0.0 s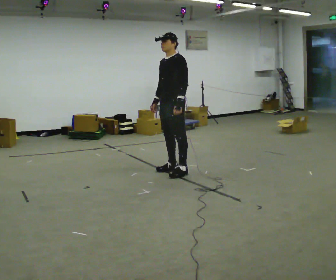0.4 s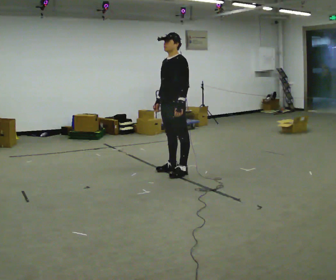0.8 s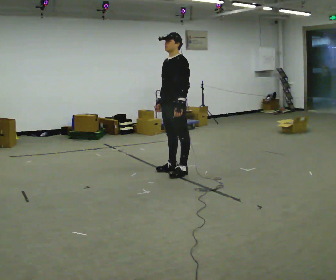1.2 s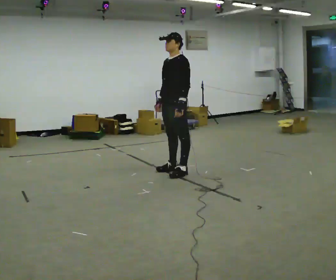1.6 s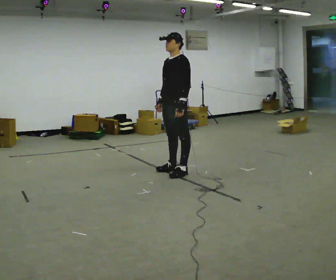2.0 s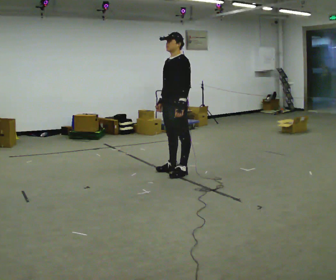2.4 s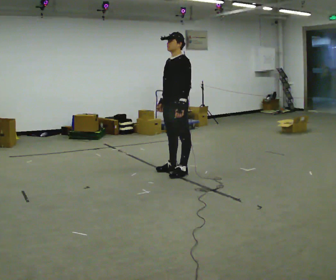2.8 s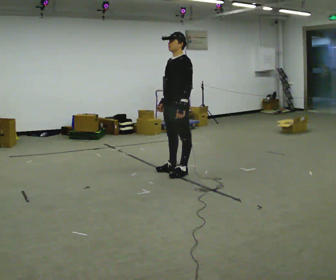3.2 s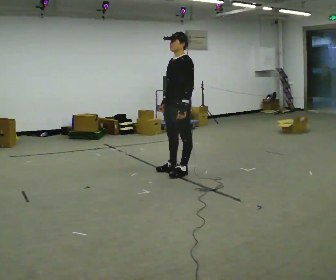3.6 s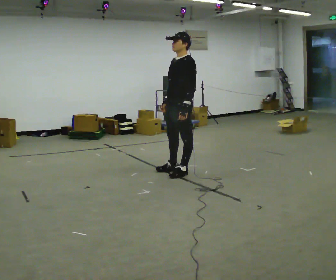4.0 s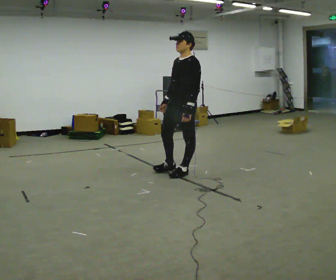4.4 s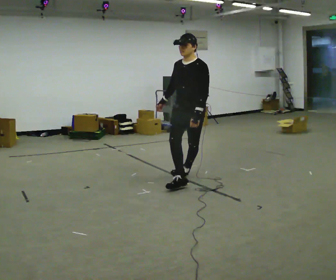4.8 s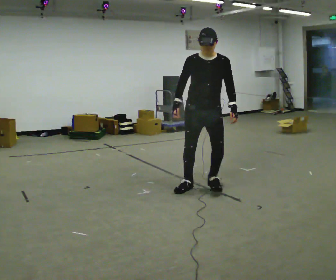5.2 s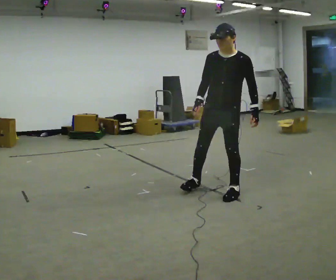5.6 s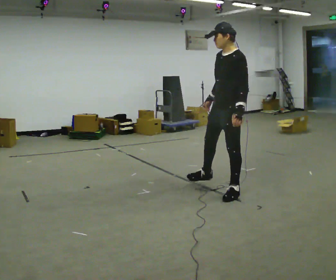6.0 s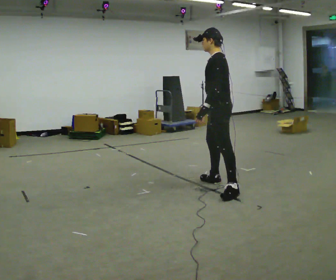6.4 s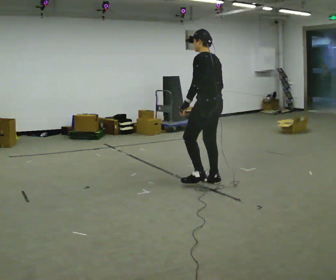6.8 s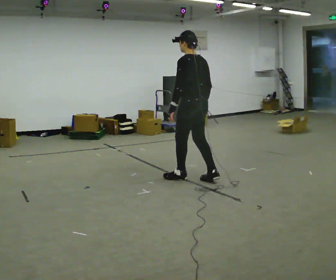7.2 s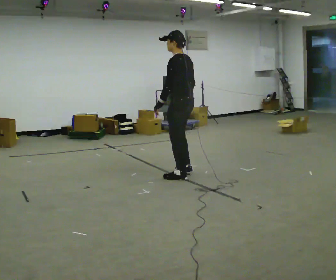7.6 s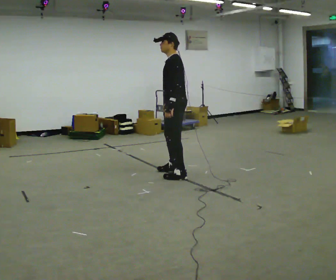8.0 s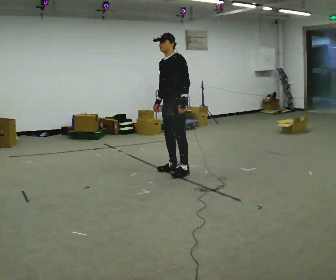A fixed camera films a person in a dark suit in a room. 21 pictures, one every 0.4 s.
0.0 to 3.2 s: The person moves a little, or ends about where they began.
3.2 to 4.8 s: The part of the body nearest the lens slides to the right as the person turns to their left by about 60 degrees. In the picture they go toward the camera and to the right, about 0.5 m in 1 step.
4.8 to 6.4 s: Seen from above the body turns clockwise, about 120 degrees: to their right, with its near side sliding to the left. In the picture they go away from the camera, about 0.25 m in 2 steps. In the picture their left hand goes to the left, the arm swinging clockwise.
6.4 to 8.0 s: The person turns about 75 degrees to their left, counterclockwise seen from above, so the part of the body nearest the lens slides to the right. In the picture they go away from the camera and to the left, about 0.75 m in 3 steps.
The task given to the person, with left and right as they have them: Stand on the marked spots. Lean to the side the operator calls until you cannot hold it, then step to catch yourself. Return to the spots. Repeat at your own pace until the operator says stop. Go slowly and only as far as you are comfortable. Step whenever you need to; do not try to hold on longer than feels safe.
The film runs forward here.
